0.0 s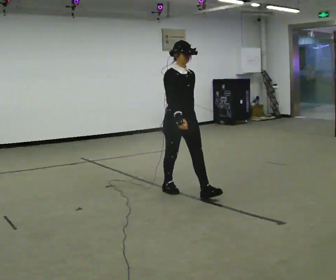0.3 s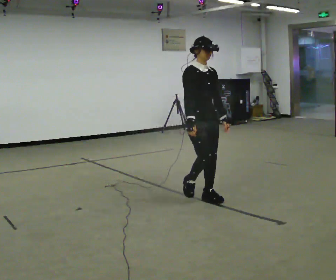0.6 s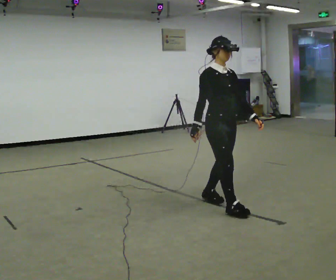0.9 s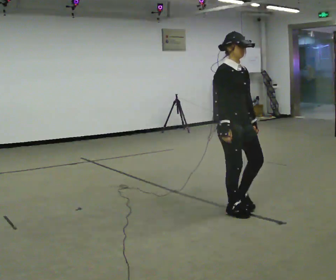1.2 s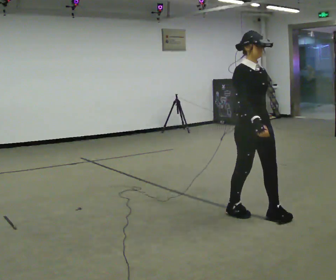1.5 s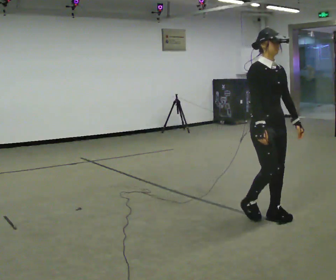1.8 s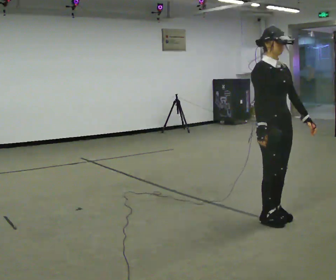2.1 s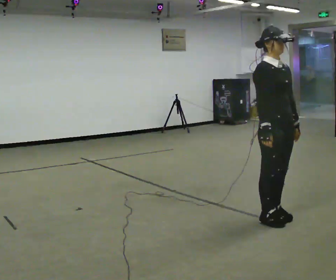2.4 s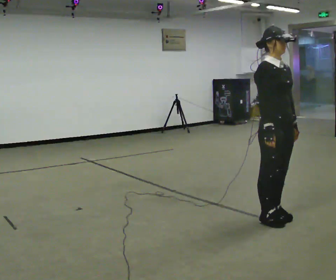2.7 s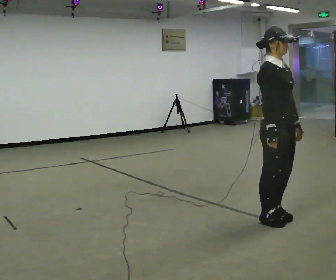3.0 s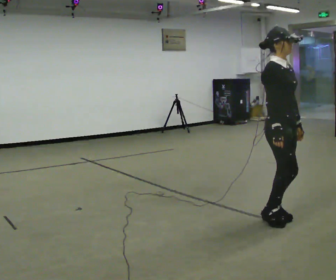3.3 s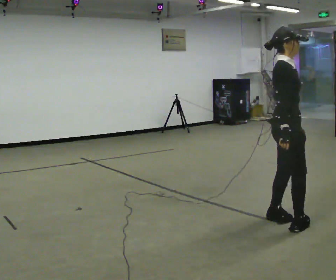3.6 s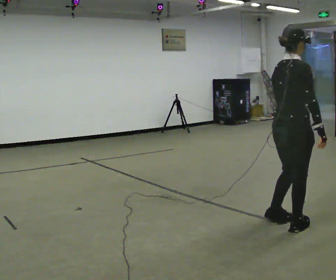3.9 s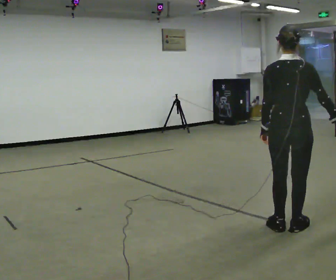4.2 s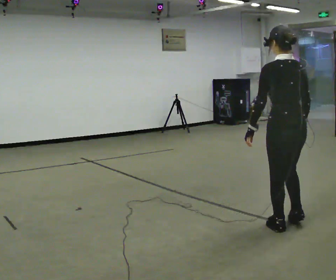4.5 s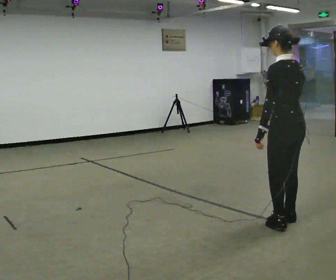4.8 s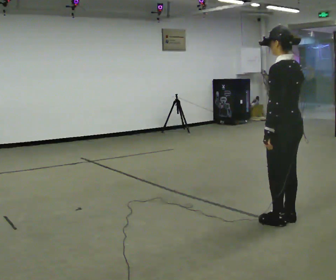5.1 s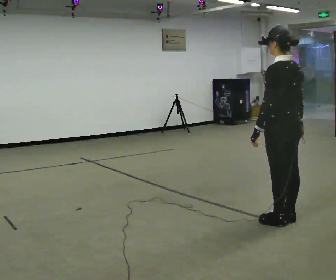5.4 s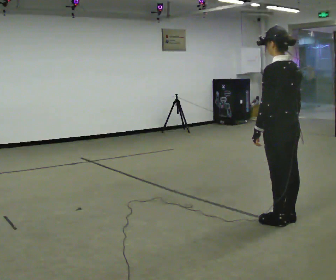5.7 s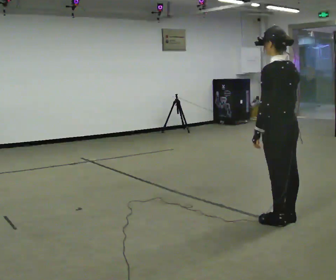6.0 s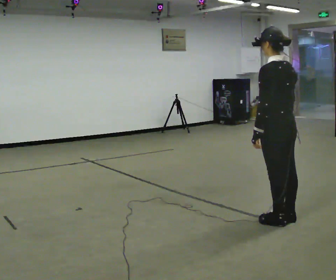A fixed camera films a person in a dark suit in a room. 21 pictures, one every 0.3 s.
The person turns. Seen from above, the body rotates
counterclockwise.
The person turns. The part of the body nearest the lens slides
to the right.
0.0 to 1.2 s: In the picture they go to the right and toward the camera, about 1 m in 3 steps, which for them is forward.
1.2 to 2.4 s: In the picture they go to the right, about 0.25 m in 1 step, which for them is forward.
2.4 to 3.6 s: Seen from above the body turns counterclockwise, about 75 degrees: to their left, with its near side sliding to the right. In the picture they go toward the camera, about 0.25 m in 1 step. In the picture their right hand goes to the right.
3.6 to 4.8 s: The part of the body nearest the lens slides to the right as the person turns to their left by about 105 degrees.
4.8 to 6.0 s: The person moves a little, or ends about where they began.
The film runs forward here.
